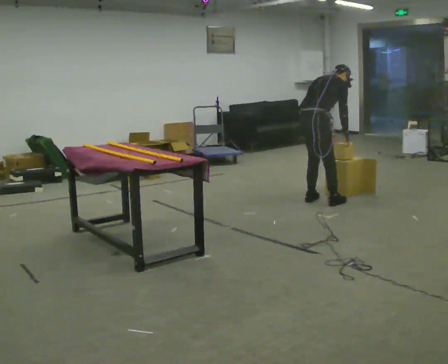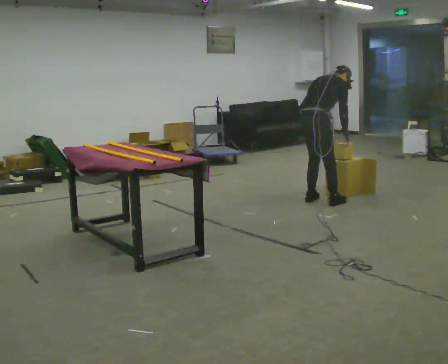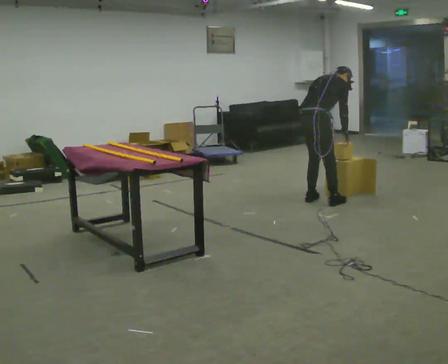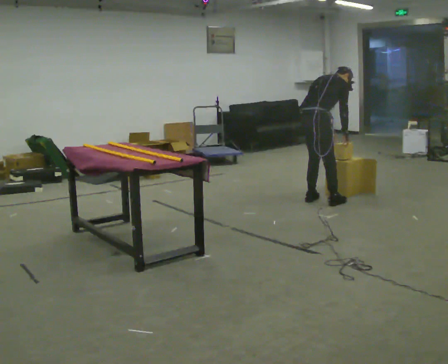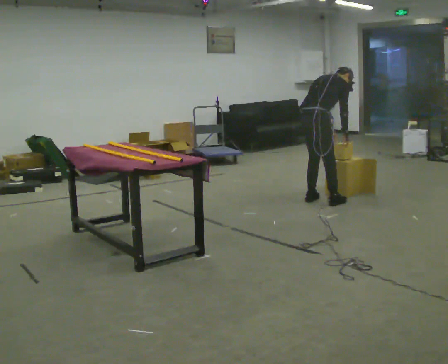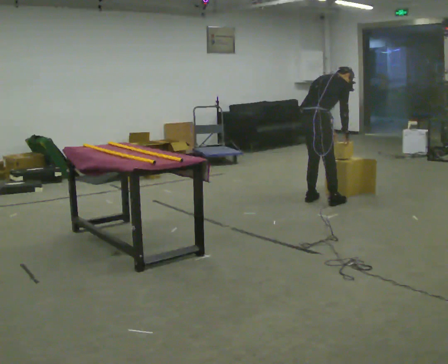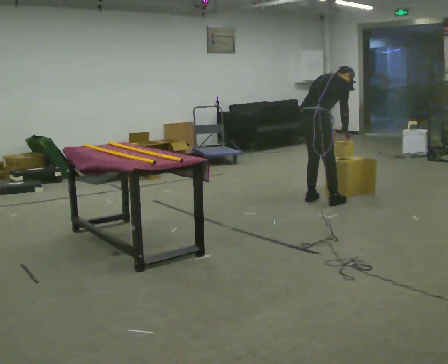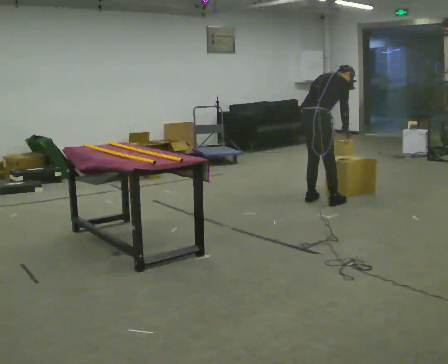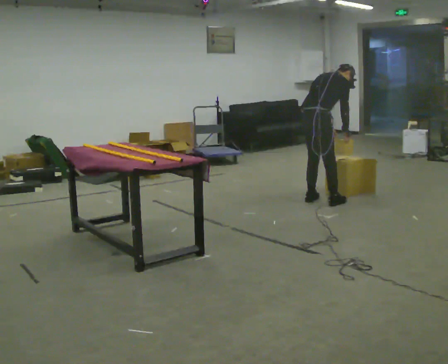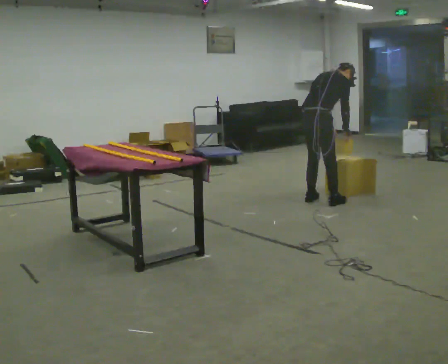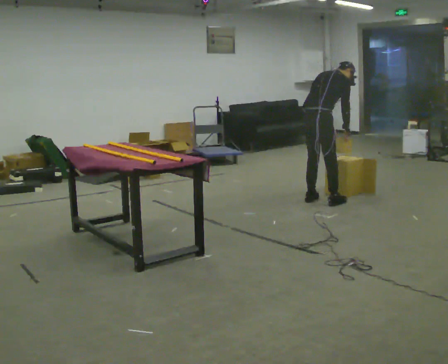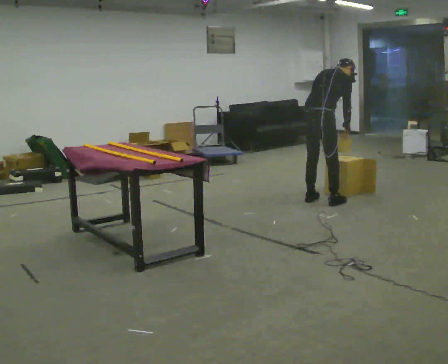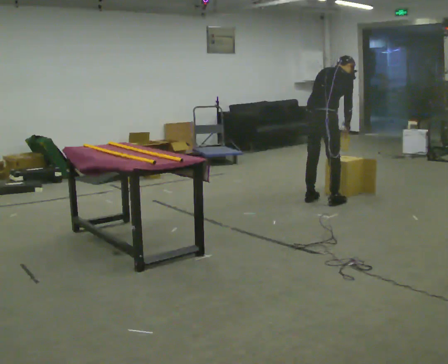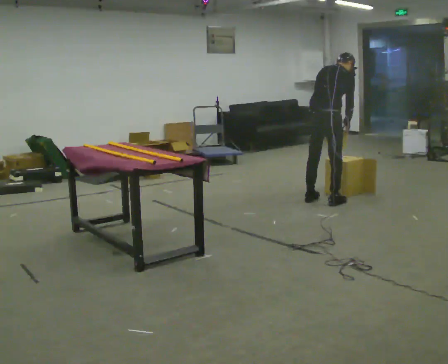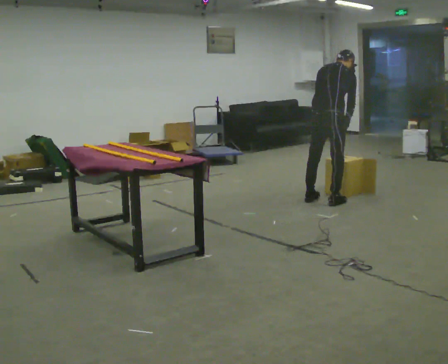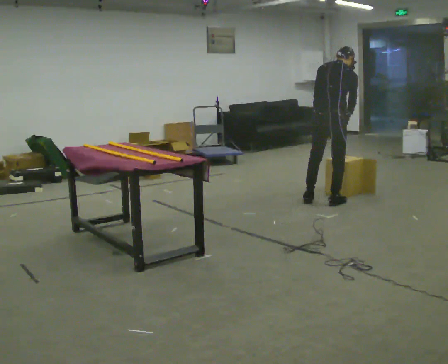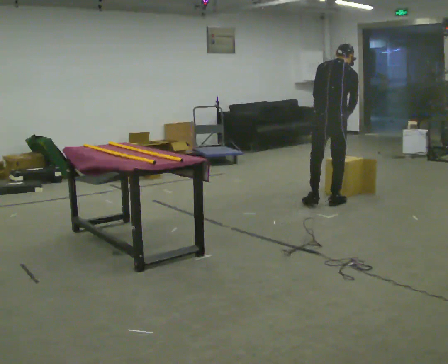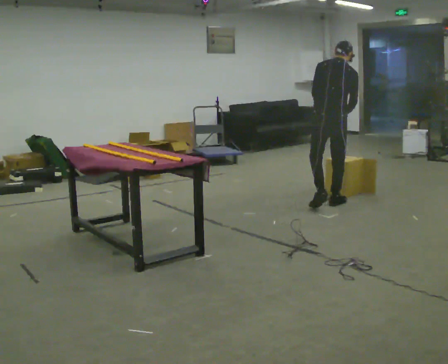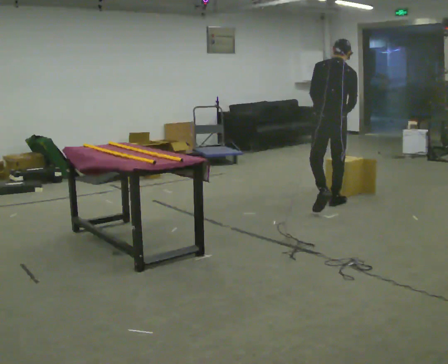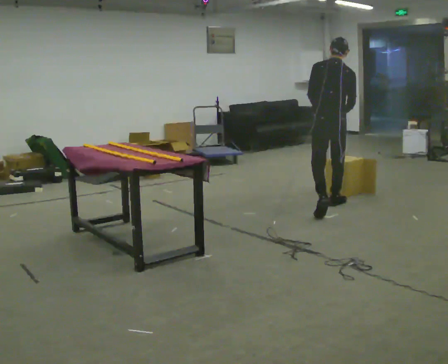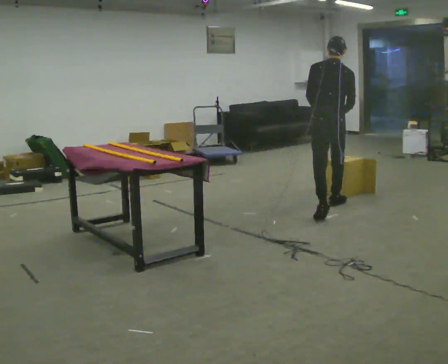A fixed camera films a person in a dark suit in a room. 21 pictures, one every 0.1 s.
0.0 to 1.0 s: The person moves a little, or ends about where they began.
1.0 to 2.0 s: The part of the body nearest the lens slides to the right as the person turns to their left by about 45 degrees. In the picture they go toward the camera, about 0.25 m in 1 step, which for them is backward and to their right. The upper body tips toward the camera, its near side rolling downward, as they lean back or straighten.
The film runs backward here.
